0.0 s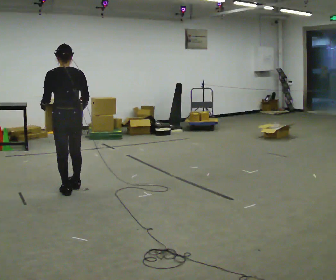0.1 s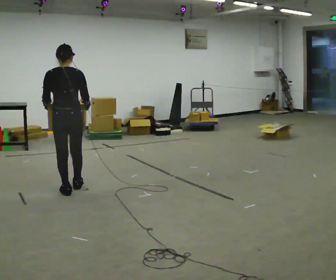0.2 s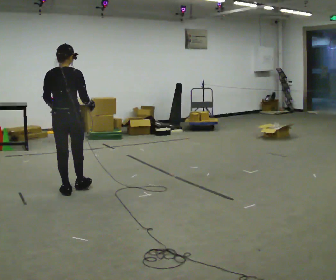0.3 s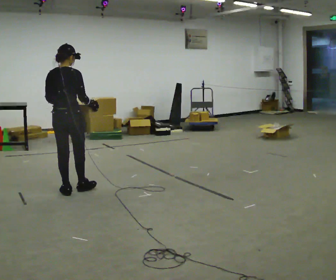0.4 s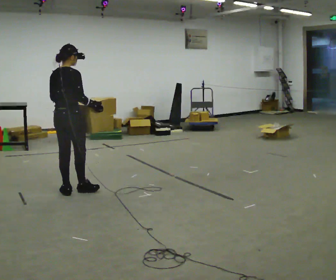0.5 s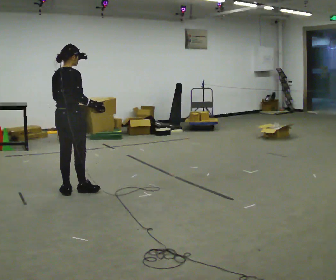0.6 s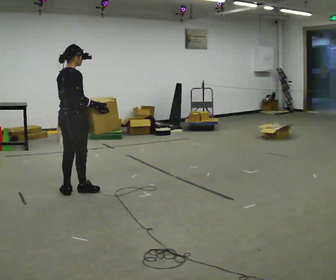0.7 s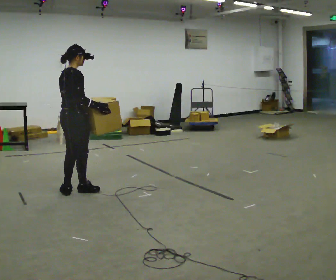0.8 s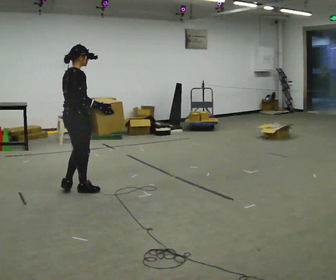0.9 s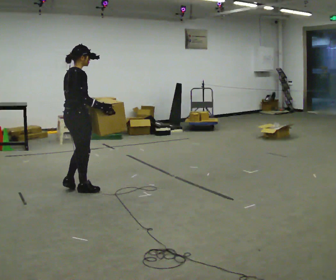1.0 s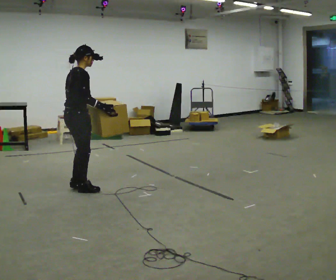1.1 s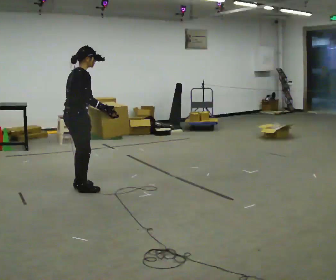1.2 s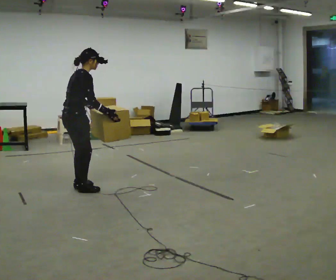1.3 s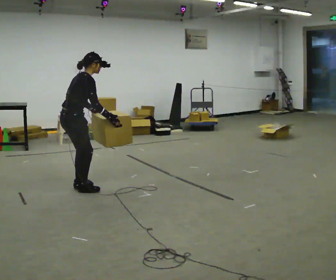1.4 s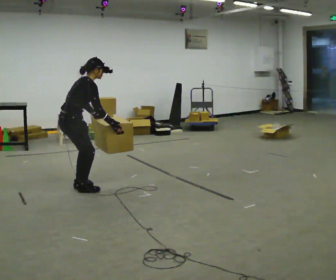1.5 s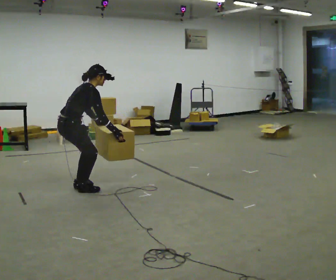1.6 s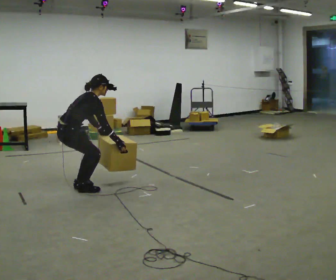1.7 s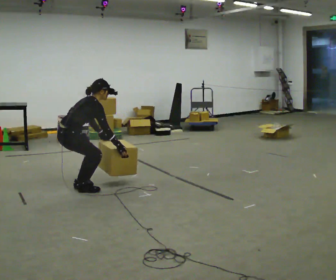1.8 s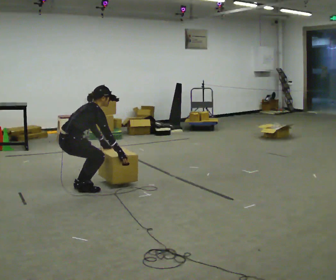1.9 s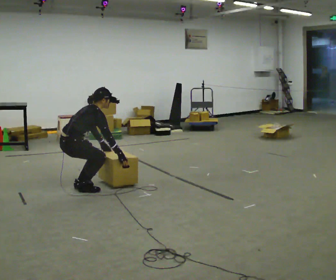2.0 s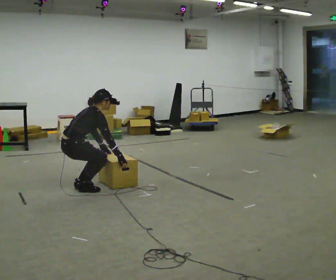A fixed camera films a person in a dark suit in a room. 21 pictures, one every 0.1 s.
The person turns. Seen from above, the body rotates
clockwise.
Their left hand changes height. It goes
downward.
0.0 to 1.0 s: Seen from above the body turns clockwise, about 90 degrees: to their right, with its near side sliding to the left. In the picture their left hand goes to the right.
1.0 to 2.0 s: The upper body goes downward. In the picture the upper body tilts clockwise, shoulders to the right, as they bend forward. In the picture their right hand goes downward.
The film runs forward here.
